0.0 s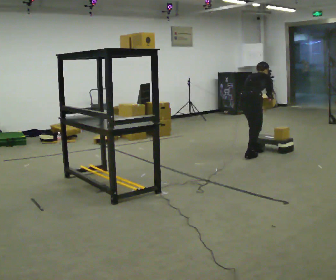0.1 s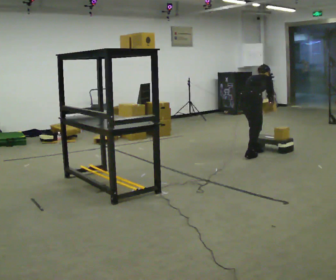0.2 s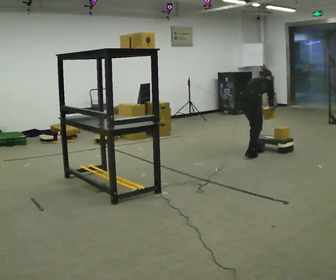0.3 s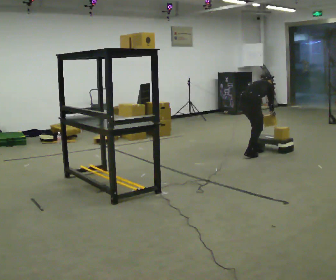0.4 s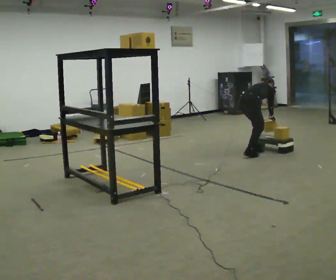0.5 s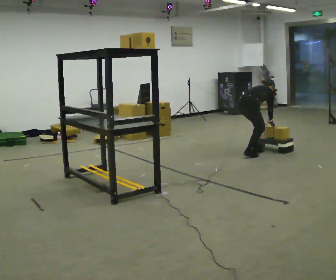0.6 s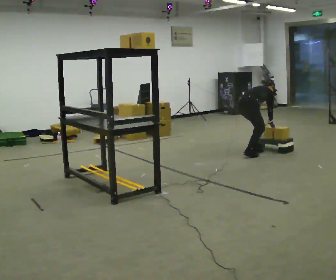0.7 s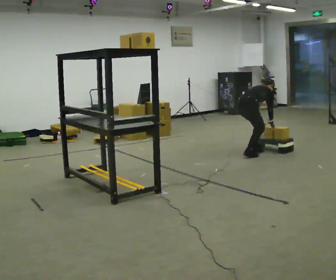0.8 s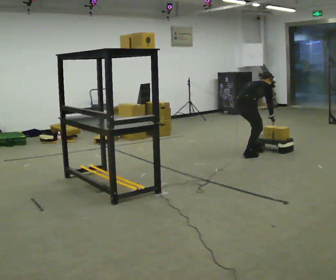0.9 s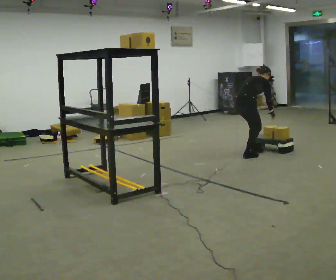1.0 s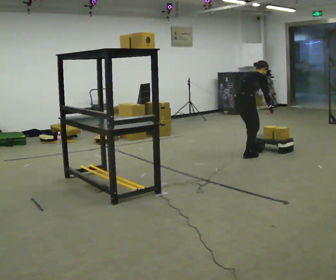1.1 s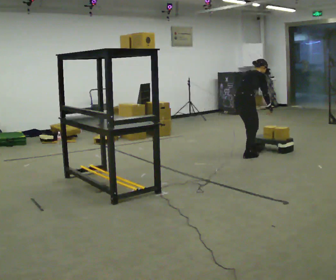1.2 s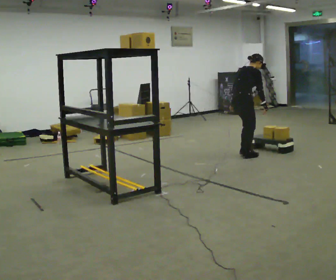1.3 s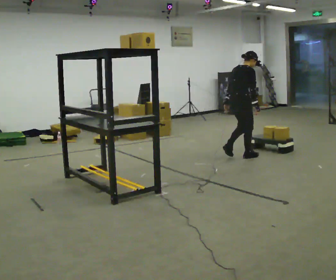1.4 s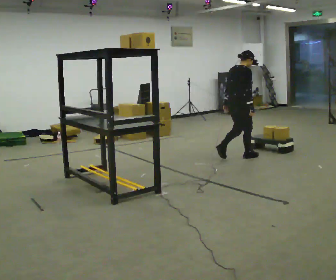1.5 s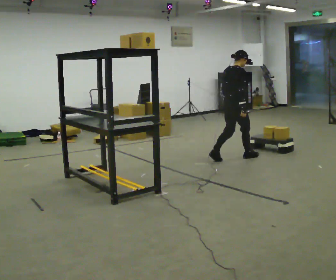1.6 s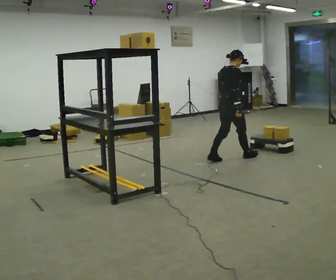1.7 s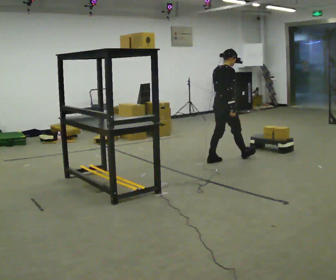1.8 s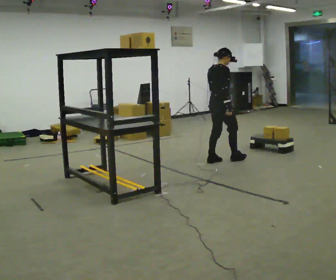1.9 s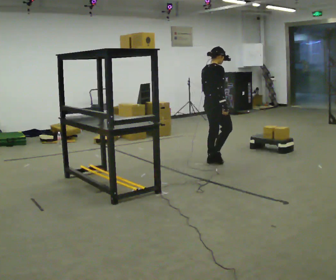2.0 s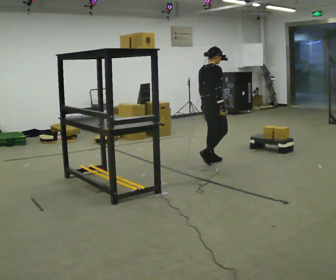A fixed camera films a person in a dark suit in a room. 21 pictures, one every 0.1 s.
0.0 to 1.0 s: The person moves a little, or ends about where they began.
1.0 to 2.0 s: In the picture they go to the left and toward the camera, about 0.5 m in 2 steps, which for them is backward. The shoulders move upward. In the picture the upper body tilts counterclockwise, shoulders to the left, as they lean back or straighten.
The film runs backward here.
